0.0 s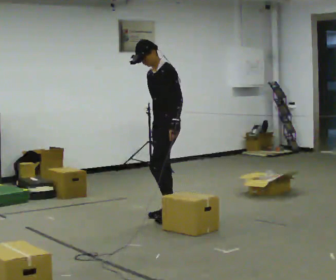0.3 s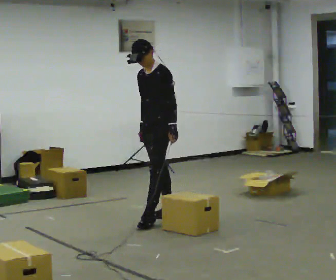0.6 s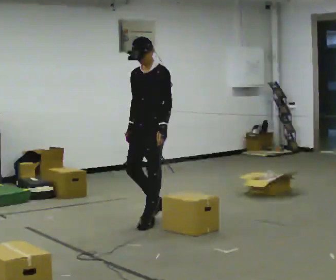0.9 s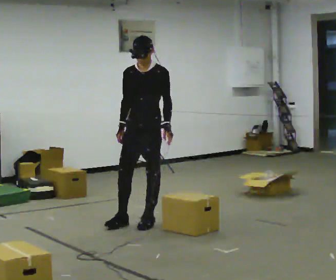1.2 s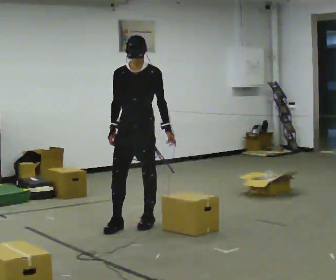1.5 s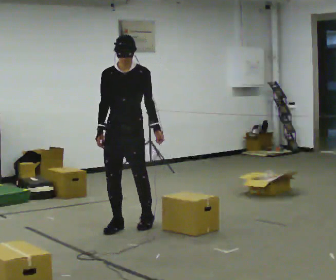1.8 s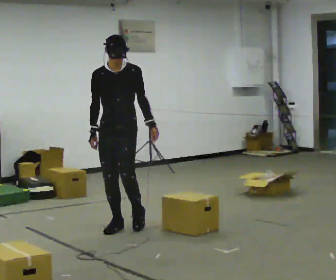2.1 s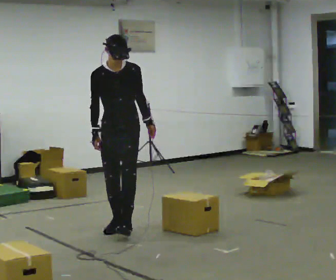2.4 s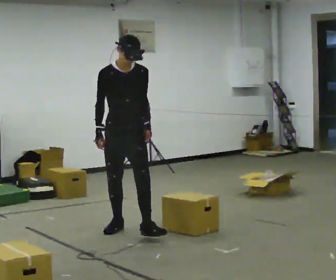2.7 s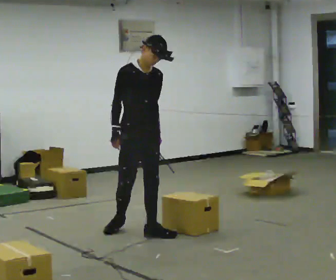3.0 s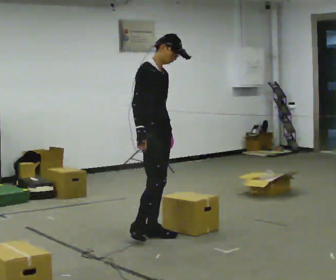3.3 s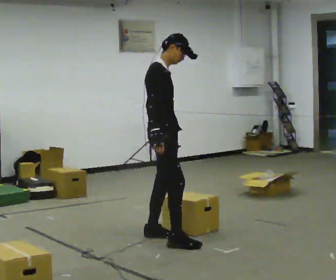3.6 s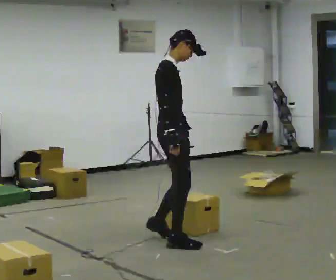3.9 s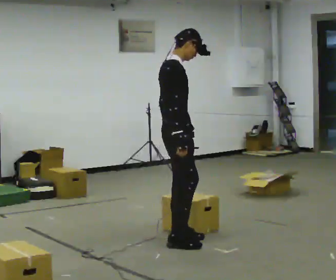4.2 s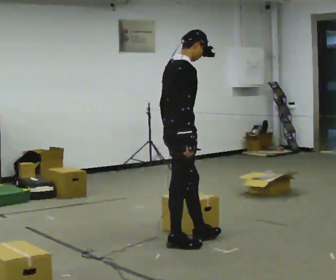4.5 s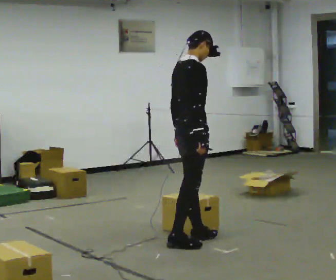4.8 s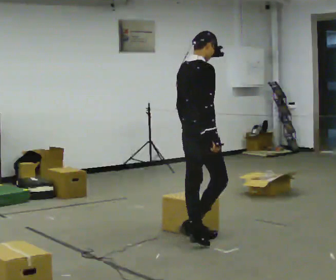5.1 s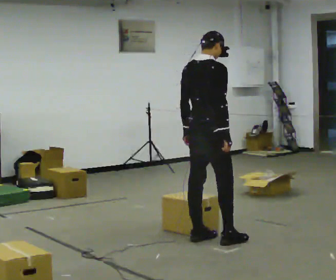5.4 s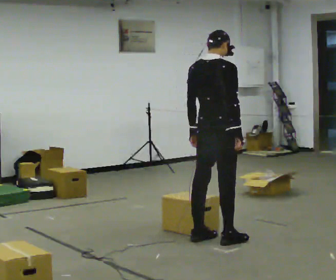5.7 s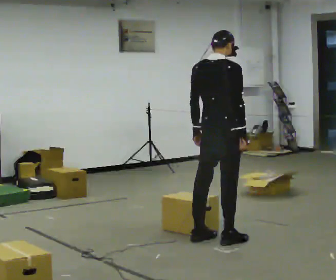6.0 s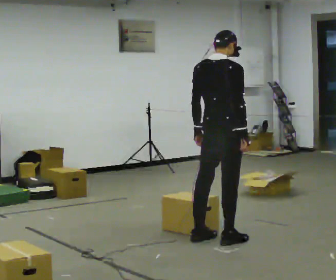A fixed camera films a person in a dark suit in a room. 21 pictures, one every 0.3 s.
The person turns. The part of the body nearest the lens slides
to the right.
The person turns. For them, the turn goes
to their left.
0.0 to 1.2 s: The part of the body nearest the lens slides to the right as the person turns to their left by about 45 degrees. In the picture they go to the left and toward the camera, about 0.5 m in 2 steps, which for them is forward. In the picture the upper body tilts clockwise, shoulders to the right.
1.2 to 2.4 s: Seen from above the body turns counterclockwise, about 30 degrees: to their left, with its near side sliding to the right. In the picture they go toward the camera, about 0.25 m, which for them is forward.
2.4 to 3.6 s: The person turns about 75 degrees to their left, counterclockwise seen from above, so the part of the body nearest the lens slides to the right. In the picture they go toward the camera and to the right, about 0.5 m in 2 steps.
3.6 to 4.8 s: Seen from above the body turns counterclockwise, about 30 degrees: to their left, with its near side sliding to the right. In the picture they go to the right, about 0.25 m in 1 step, which for them is forward. In the picture their right hand goes to the right.
4.8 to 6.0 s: The part of the body nearest the lens slides to the right as the person turns to their left by about 30 degrees. In the picture they go to the right, about 0.25 m in 1 step, which for them is to their right.
The film runs forward here.
